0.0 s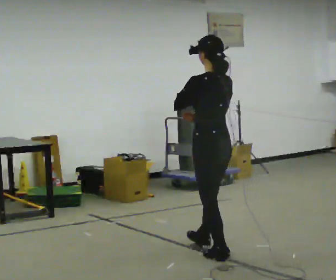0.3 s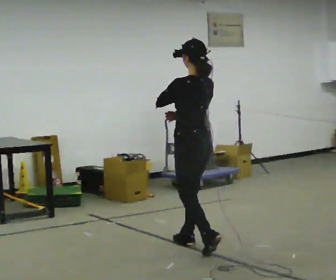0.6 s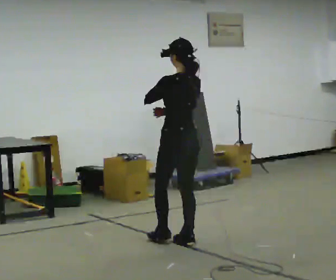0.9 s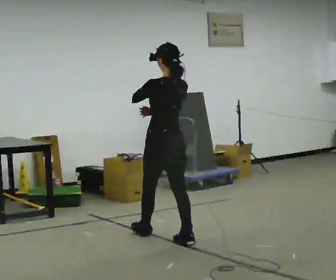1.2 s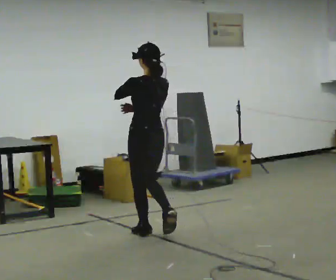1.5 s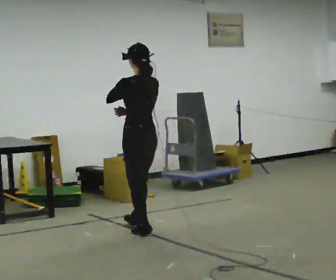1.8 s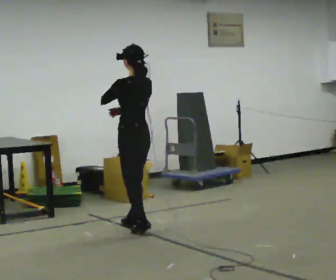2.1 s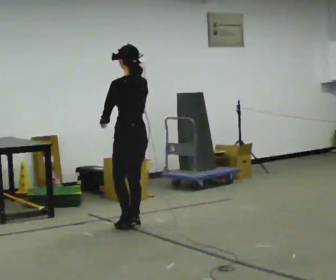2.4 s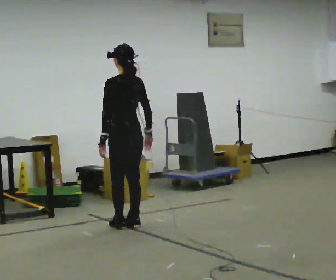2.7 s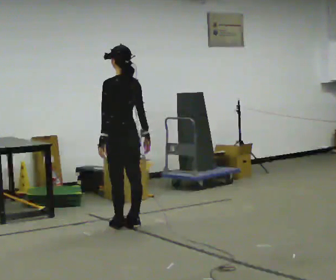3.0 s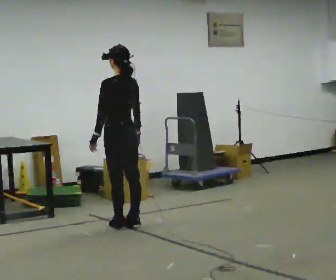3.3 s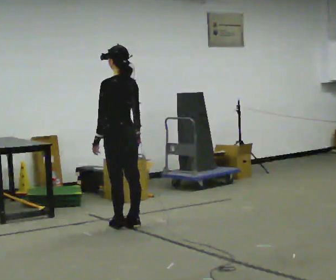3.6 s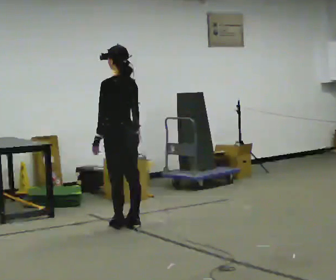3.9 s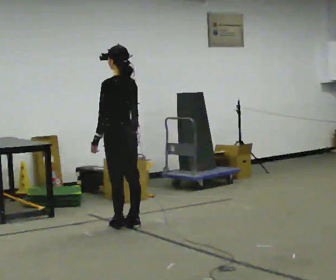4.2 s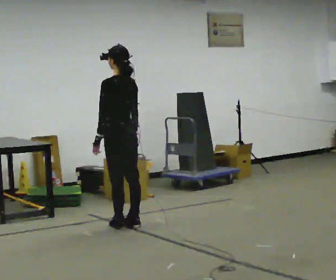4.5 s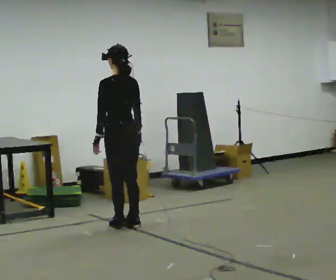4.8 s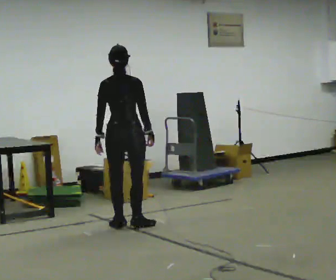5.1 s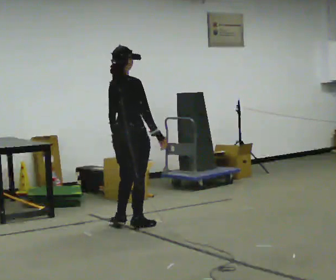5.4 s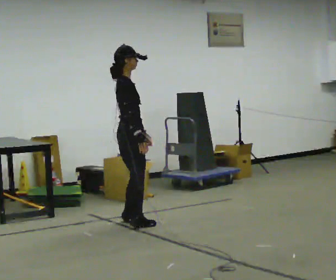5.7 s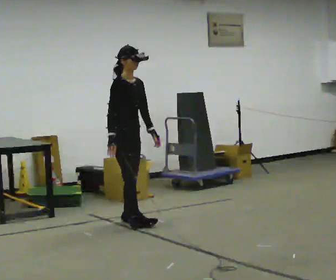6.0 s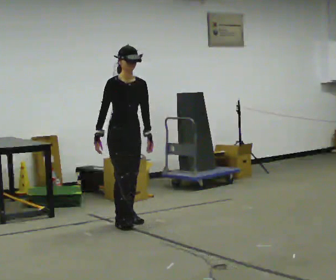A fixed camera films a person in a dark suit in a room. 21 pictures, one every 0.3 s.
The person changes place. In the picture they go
away from the camera.
0.0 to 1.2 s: In the picture they go away from the camera and to the left, about 1 m in 2 steps, which for them is forward.
1.2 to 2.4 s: In the picture they go away from the camera and to the left, about 0.5 m in 2 steps, which for them is forward. In the picture their left hand goes downward.
2.4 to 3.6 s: The person moves a little, or ends about where they began.
3.6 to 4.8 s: The person turns about 60 degrees to their right, clockwise seen from above, so the part of the body nearest the lens slides to the left.
4.8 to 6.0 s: The person turns about 135 degrees to their right, clockwise seen from above, so the part of the body nearest the lens slides to the left. In the picture they go away from the camera, about 0.25 m in 2 steps. In the picture their right hand goes to the left, the arm swinging clockwise.
The film runs forward here.
